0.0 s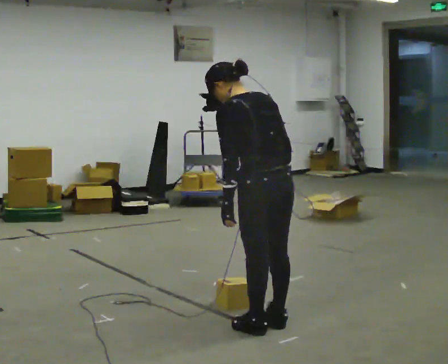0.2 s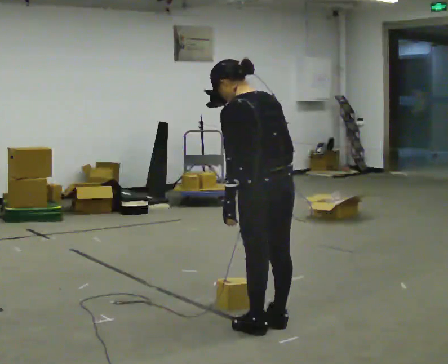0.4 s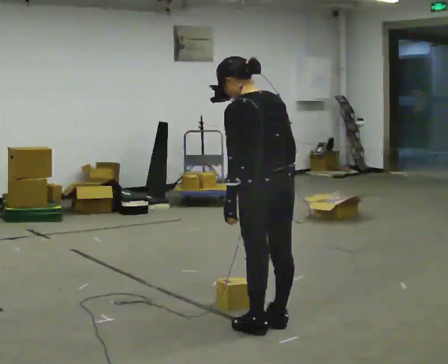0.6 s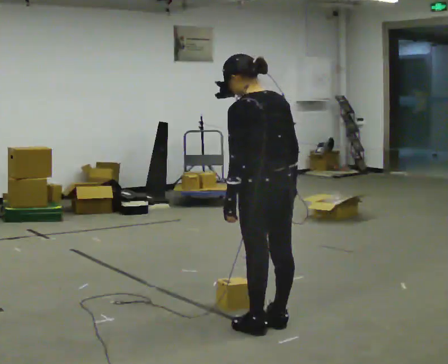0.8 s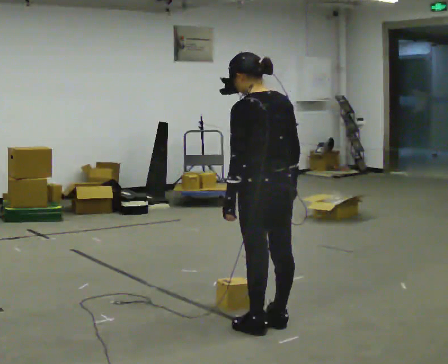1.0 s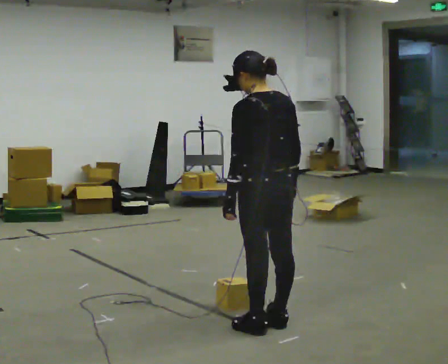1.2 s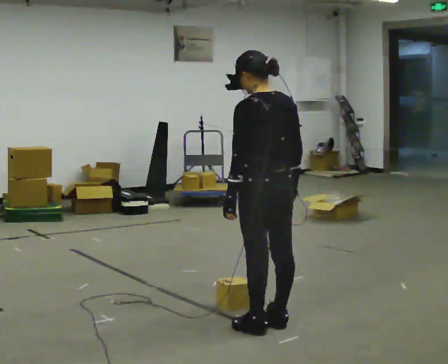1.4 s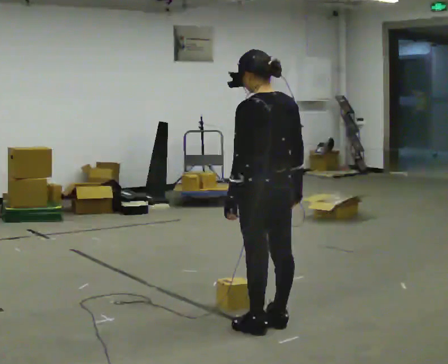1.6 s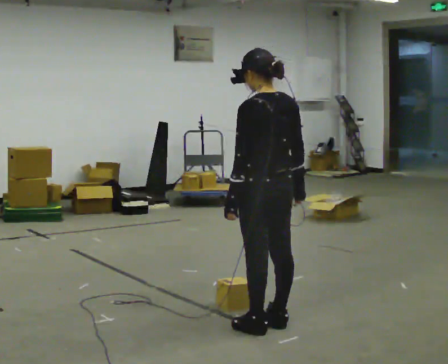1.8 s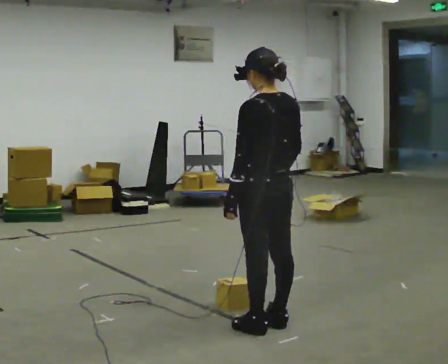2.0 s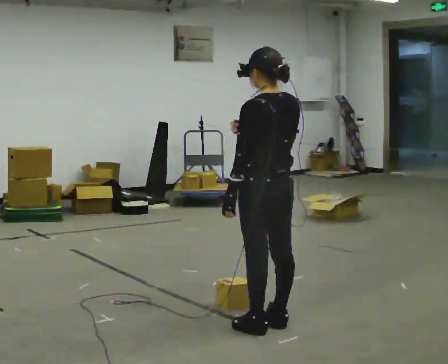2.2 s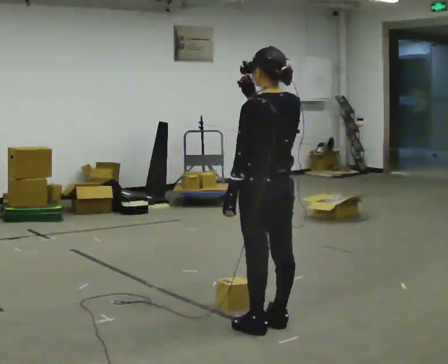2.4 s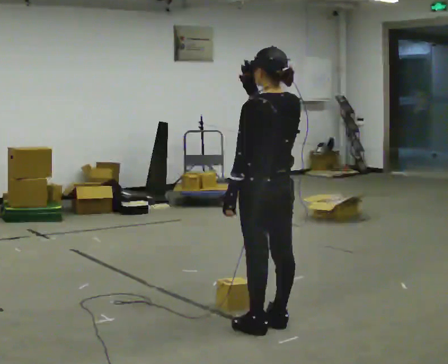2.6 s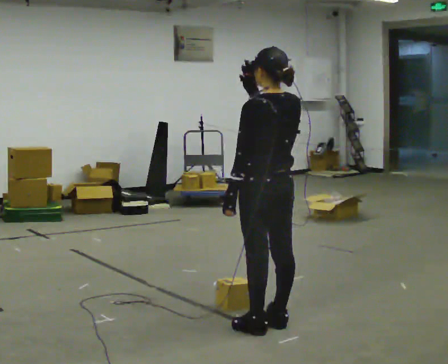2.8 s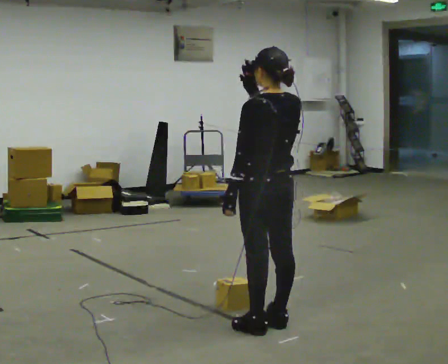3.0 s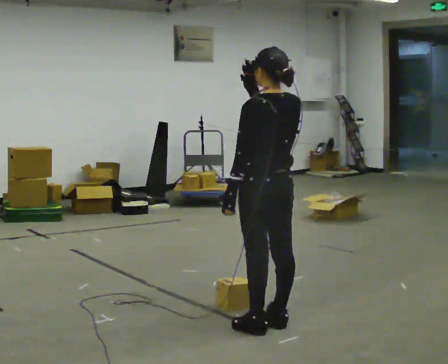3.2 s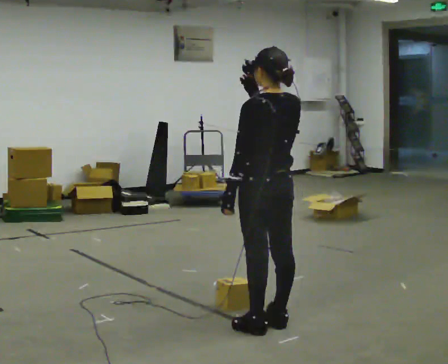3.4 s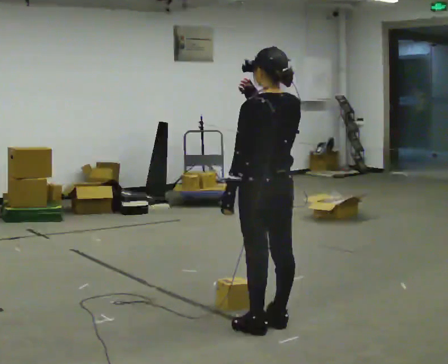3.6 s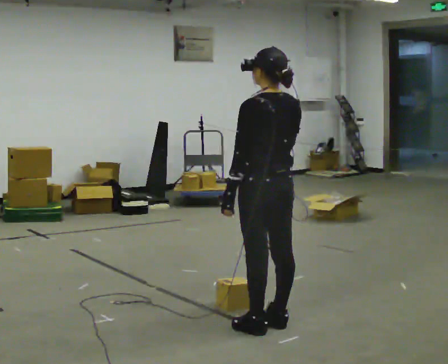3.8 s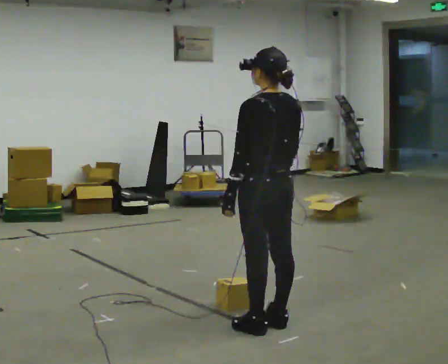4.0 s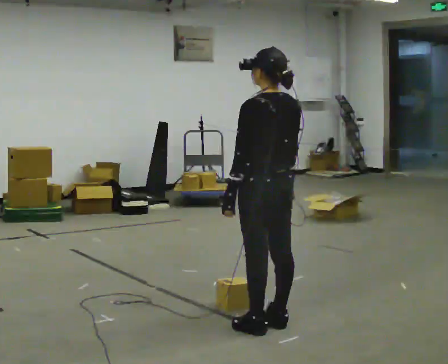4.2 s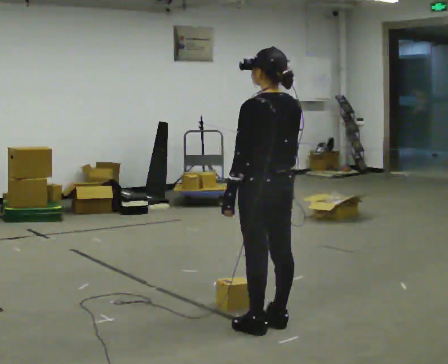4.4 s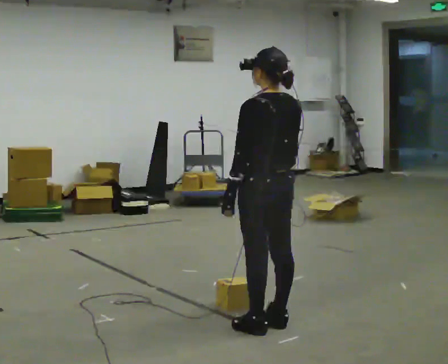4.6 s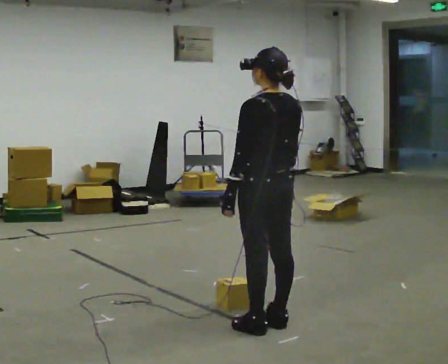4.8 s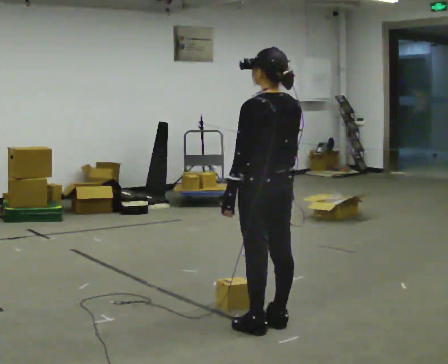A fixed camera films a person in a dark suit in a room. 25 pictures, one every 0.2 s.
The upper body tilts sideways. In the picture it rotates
clockwise.
0.0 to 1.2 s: The person moves a little, or ends about where they began.
1.2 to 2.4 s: In the picture their right hand goes upward.
2.4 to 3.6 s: The person moves a little, or ends about where they began.
3.6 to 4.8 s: In the picture their right hand goes downward.
The film runs backward here.
